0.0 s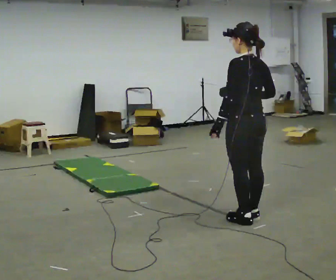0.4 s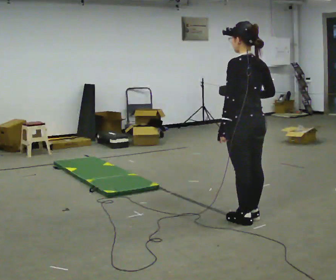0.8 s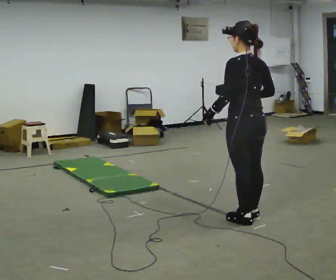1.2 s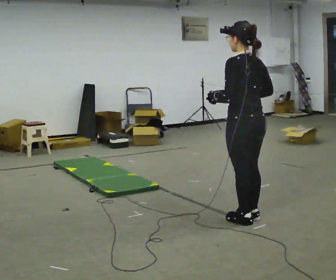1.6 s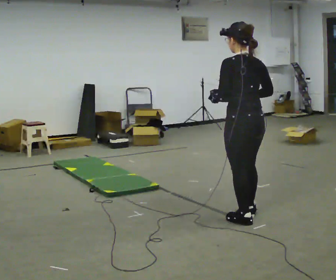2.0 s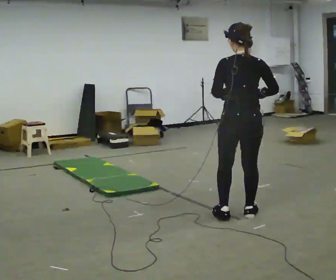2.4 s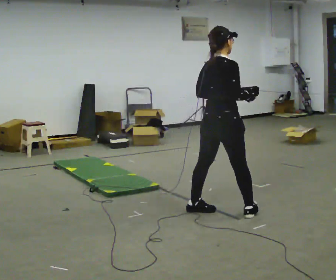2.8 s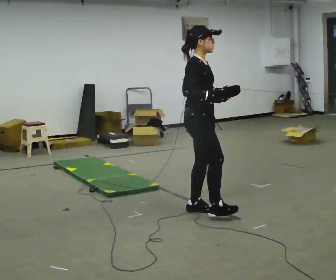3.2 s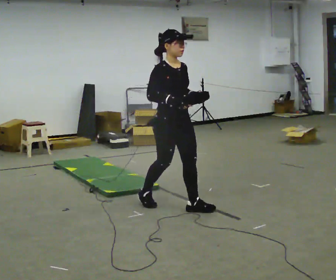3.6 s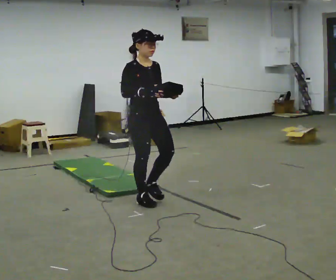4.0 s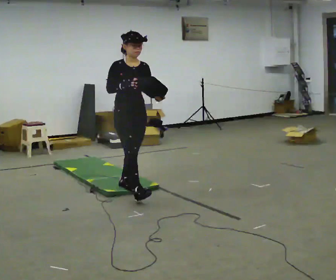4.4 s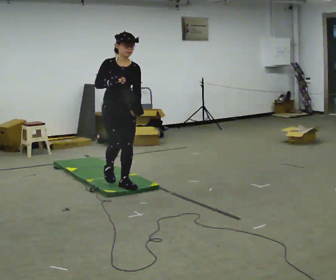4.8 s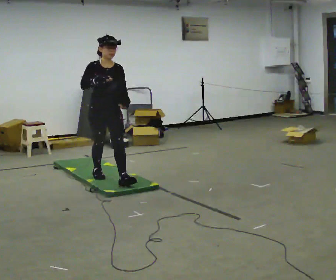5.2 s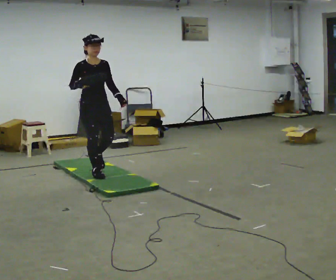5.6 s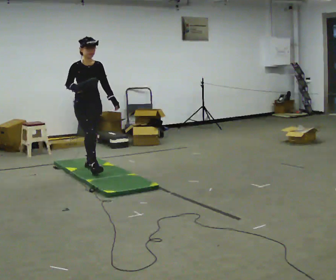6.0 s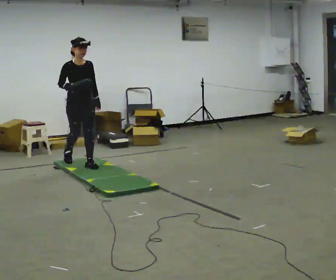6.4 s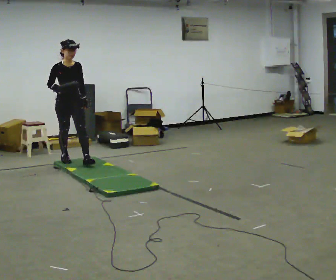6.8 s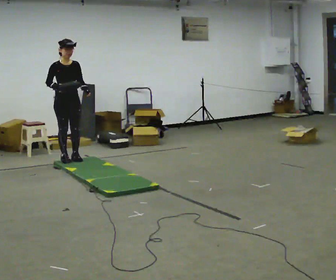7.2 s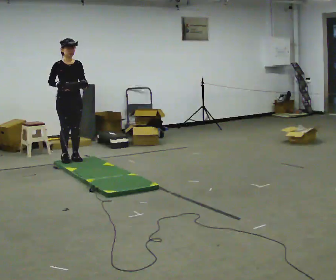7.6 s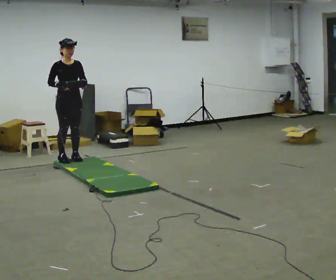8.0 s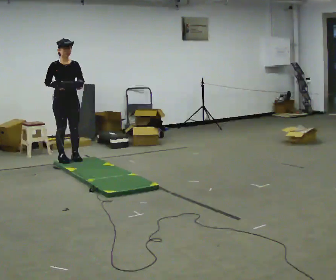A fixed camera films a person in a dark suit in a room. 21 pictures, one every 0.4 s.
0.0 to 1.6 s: The person moves a little, or ends about where they began.
1.6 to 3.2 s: The part of the body nearest the lens slides to the left as the person turns to their right by about 165 degrees. In the picture they go to the left and away from the camera, about 0.5 m in 2 steps.
3.2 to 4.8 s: In the picture they go away from the camera and to the left, about 1 m in 2 steps, which for them is backward.
4.8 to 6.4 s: In the picture they go away from the camera and to the left, about 1 m in 3 steps, which for them is backward.
6.4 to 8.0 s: The person moves a little, or ends about where they began.
The film runs backward here.
